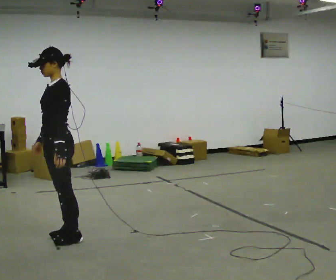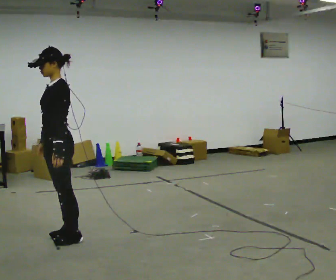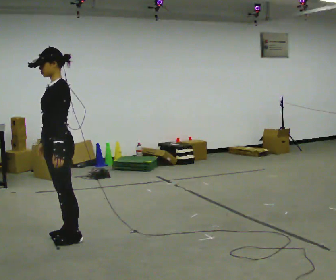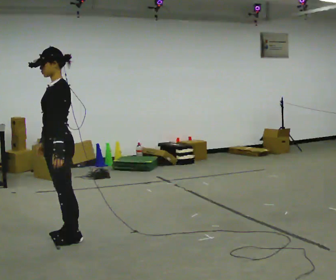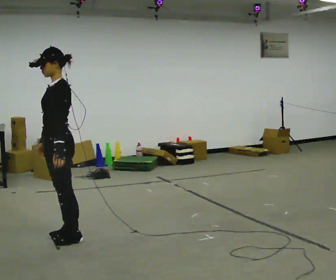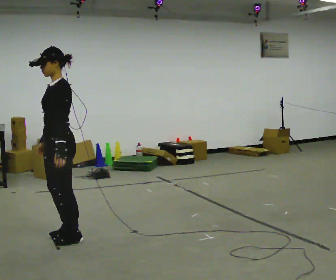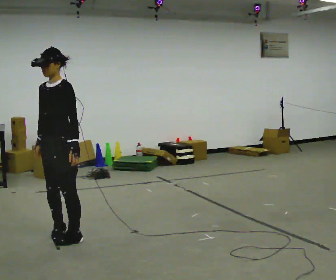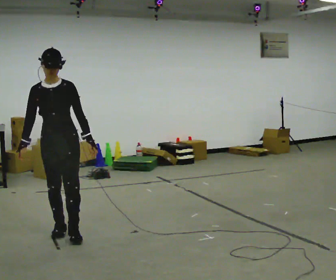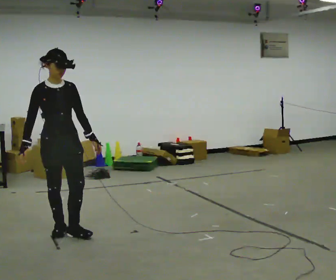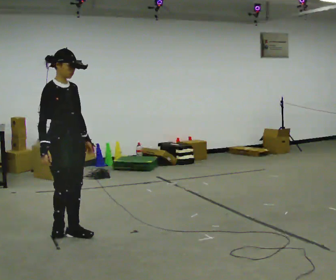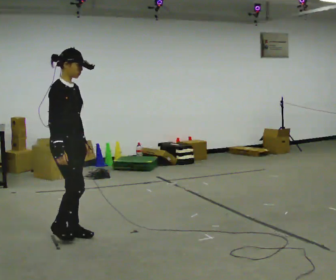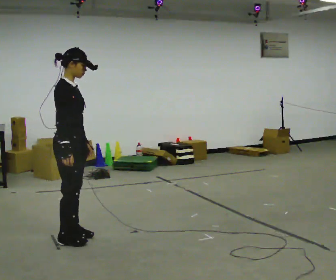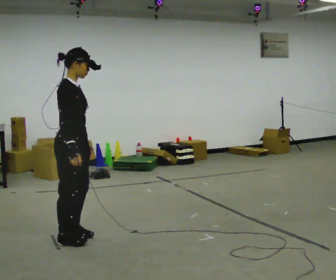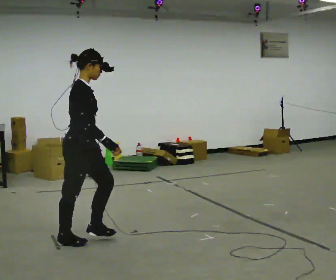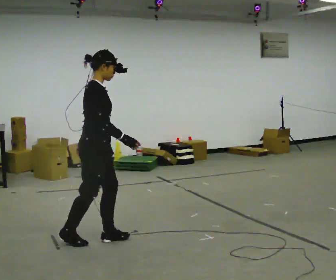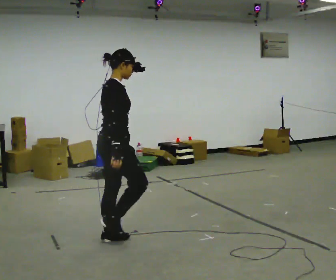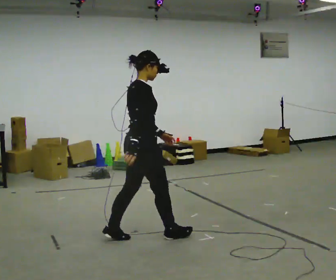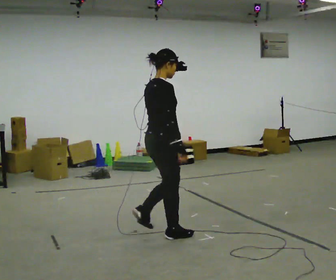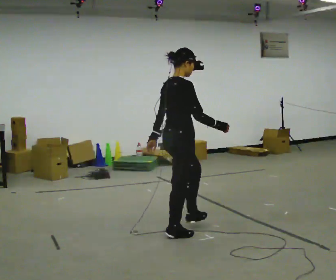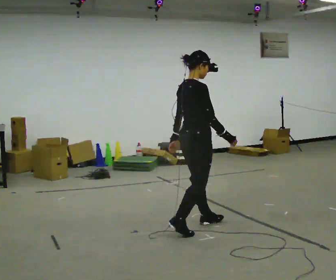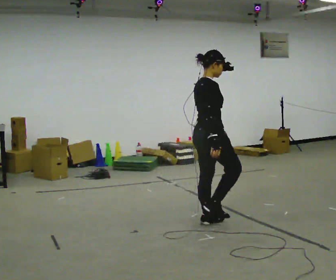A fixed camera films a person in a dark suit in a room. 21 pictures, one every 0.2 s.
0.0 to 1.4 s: The part of the body nearest the lens slides to the right as the person turns to their left by about 75 degrees.
1.4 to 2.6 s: The person turns about 90 degrees to their left, counterclockwise seen from above, so the part of the body nearest the lens slides to the right. In the picture they go toward the camera and to the right, about 0.25 m in 2 steps.
2.6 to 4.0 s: In the picture they go to the right, about 1 m in 3 steps, which for them is forward.
The film runs forward here.
